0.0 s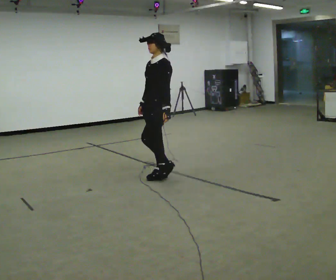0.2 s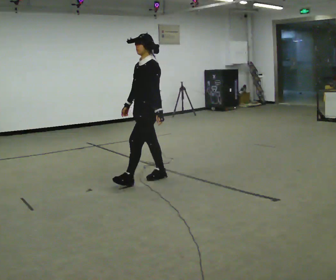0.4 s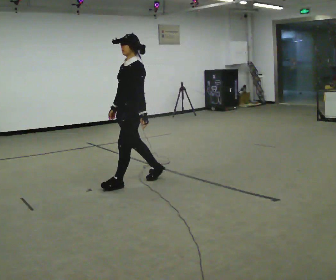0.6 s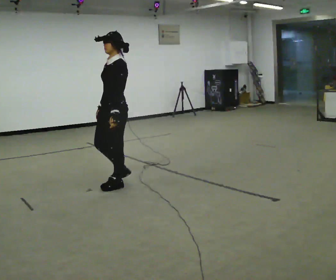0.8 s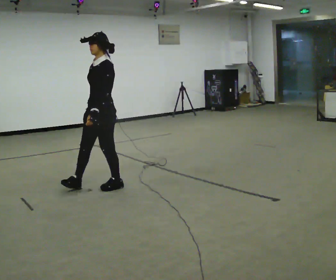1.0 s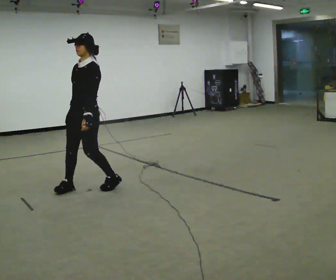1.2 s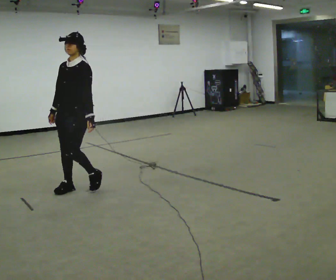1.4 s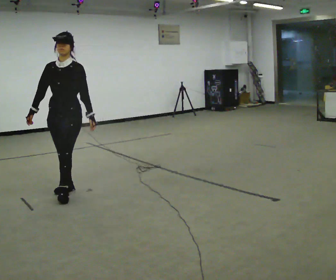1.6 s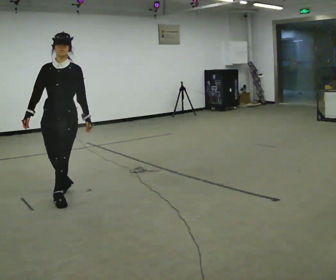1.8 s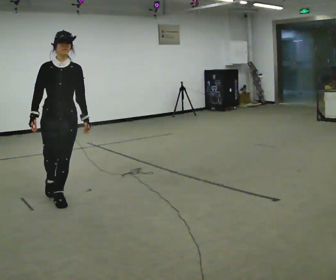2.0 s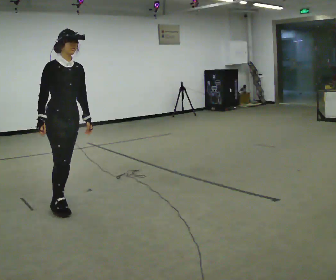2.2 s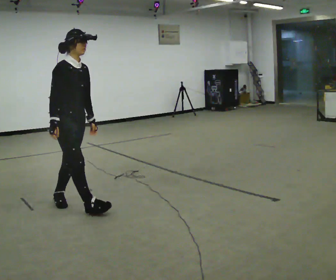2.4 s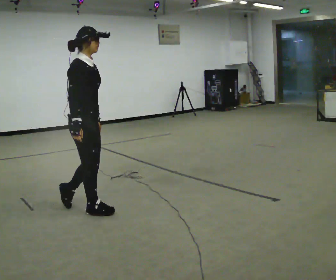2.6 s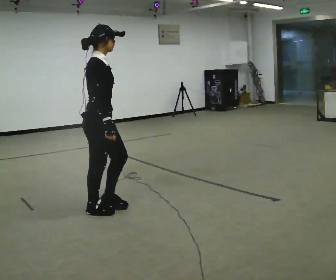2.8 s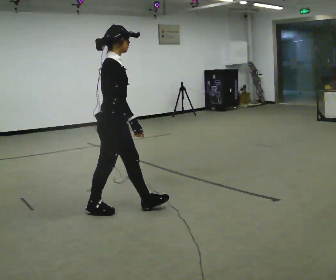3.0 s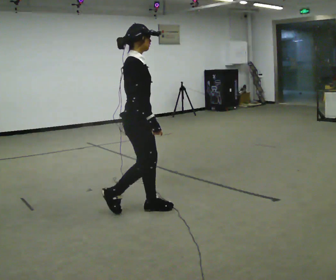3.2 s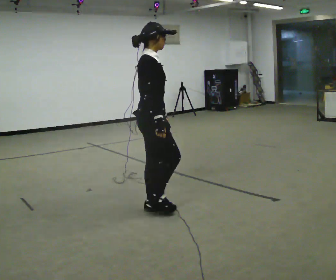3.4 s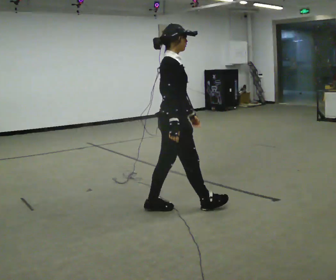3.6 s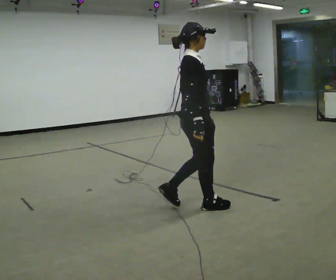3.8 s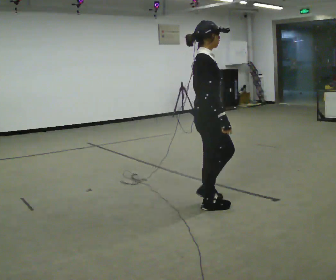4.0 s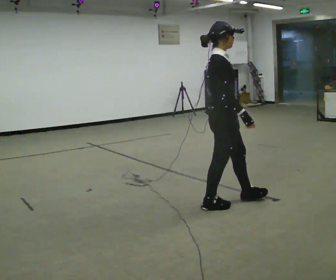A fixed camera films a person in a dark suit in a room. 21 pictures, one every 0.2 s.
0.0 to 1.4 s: The person turns about 45 degrees to their left, counterclockwise seen from above, so the part of the body nearest the lens slides to the right. In the picture they go to the left, about 1 m in 2 steps, which for them is forward.
1.4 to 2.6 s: The person turns about 105 degrees to their left, counterclockwise seen from above, so the part of the body nearest the lens slides to the right. In the picture they go toward the camera and to the right, about 0.5 m in 2 steps.
2.6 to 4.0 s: In the picture they go to the right, about 1 m in 2 steps, which for them is forward.
The film runs forward here.
